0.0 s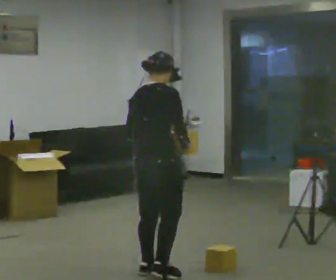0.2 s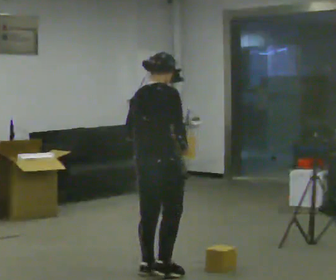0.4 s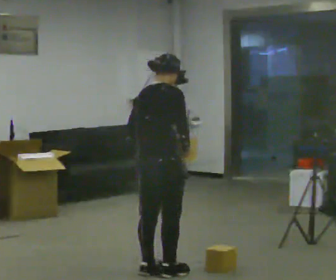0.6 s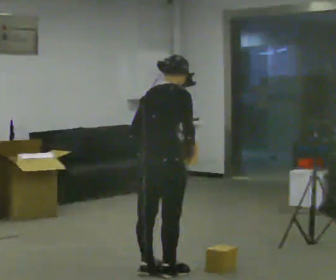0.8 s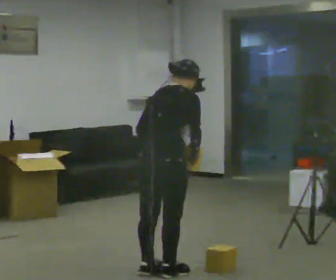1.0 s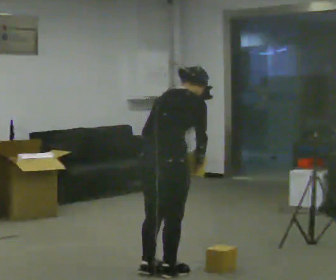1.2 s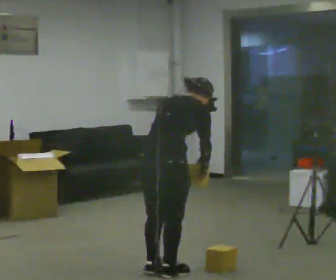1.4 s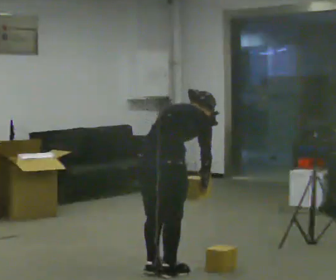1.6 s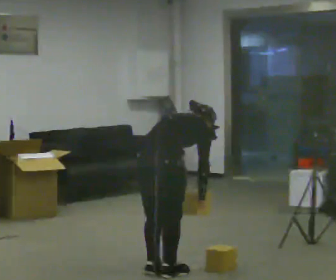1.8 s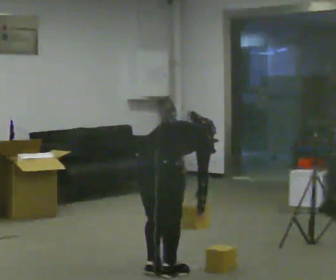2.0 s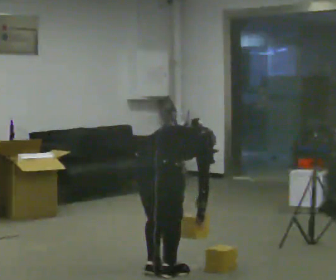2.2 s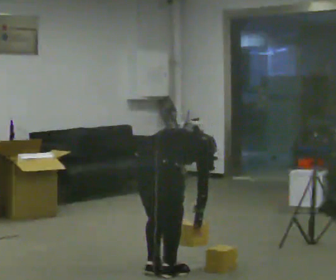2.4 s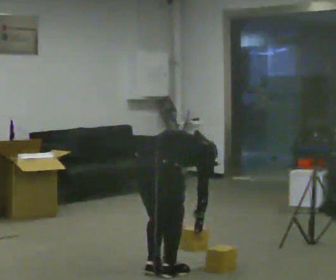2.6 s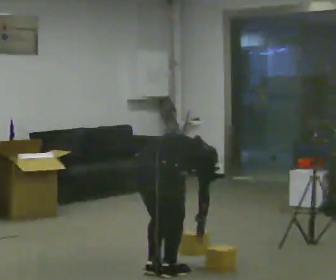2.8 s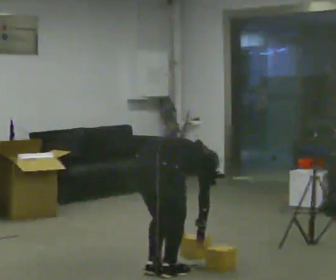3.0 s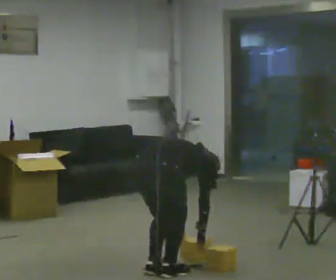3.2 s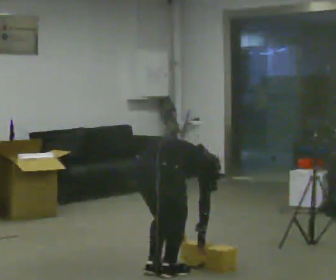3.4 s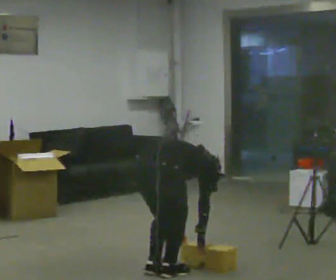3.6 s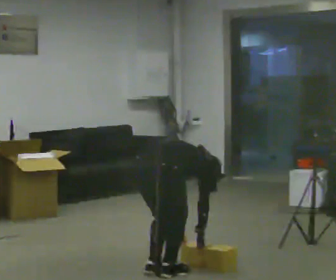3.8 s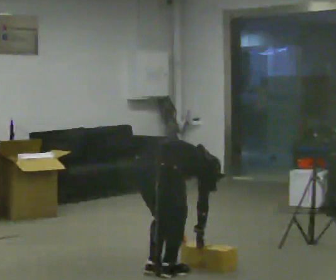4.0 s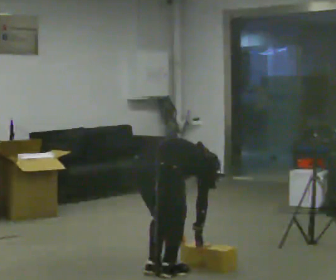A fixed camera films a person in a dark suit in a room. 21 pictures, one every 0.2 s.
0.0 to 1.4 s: The shoulders move downward. In the picture the upper body tilts clockwise, shoulders to the right, as they bend forward.
1.4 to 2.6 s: The upper body goes downward. The upper body tips away from the camera, its near side rolling upward, as they bend forward. In the picture their left hand goes downward.
2.6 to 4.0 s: The person moves a little, or ends about where they began.
The film runs forward here.
